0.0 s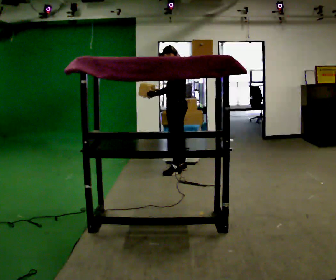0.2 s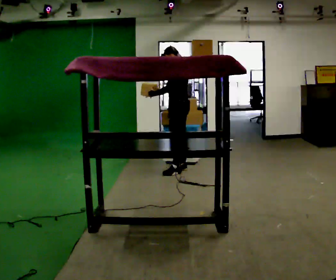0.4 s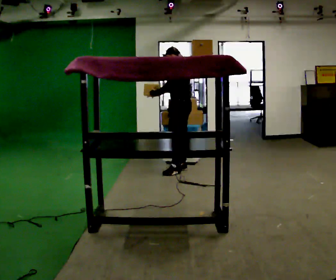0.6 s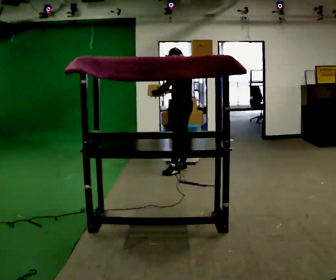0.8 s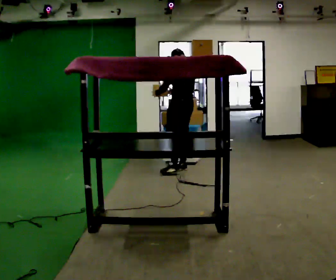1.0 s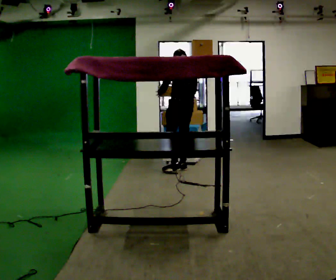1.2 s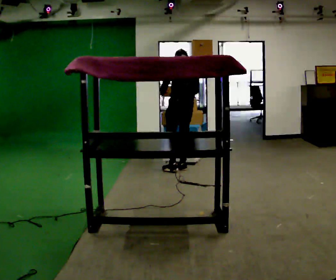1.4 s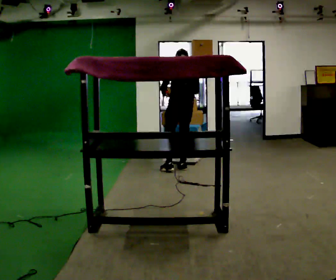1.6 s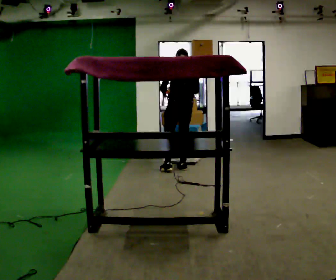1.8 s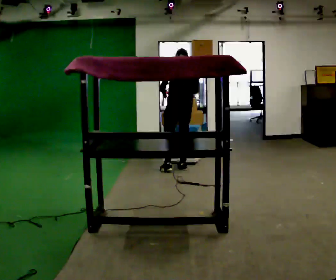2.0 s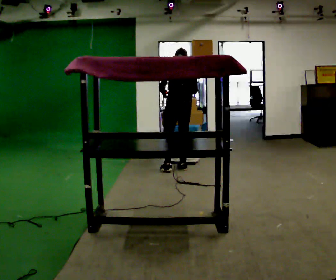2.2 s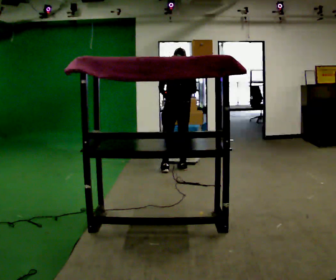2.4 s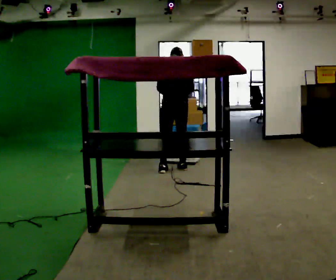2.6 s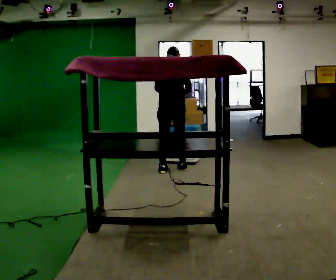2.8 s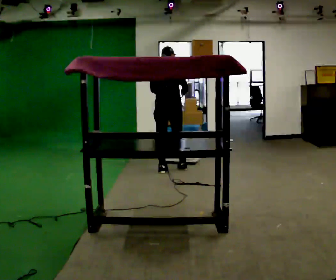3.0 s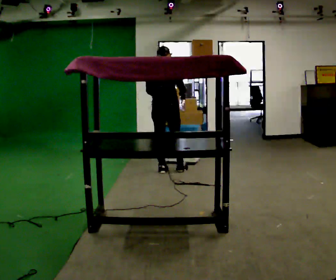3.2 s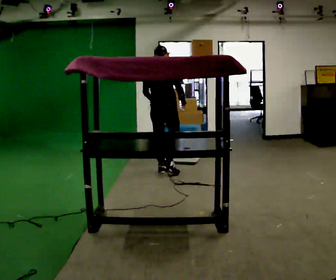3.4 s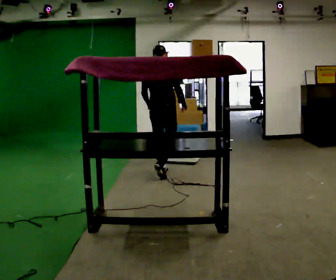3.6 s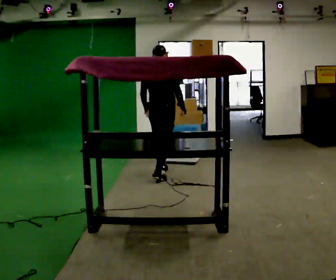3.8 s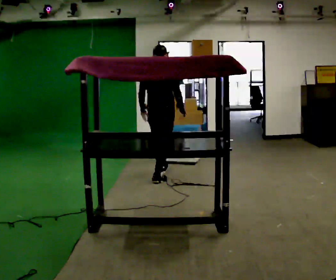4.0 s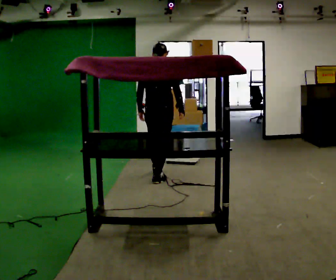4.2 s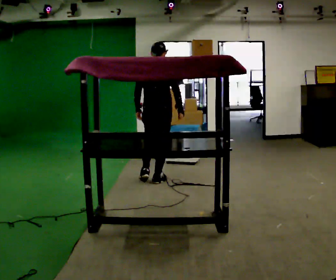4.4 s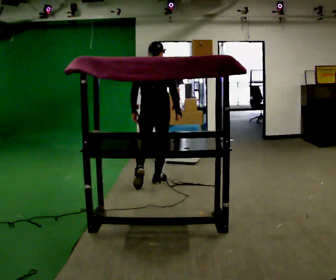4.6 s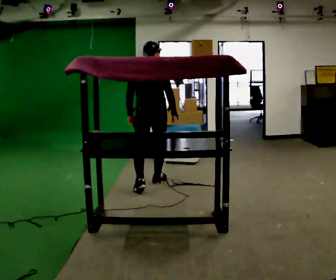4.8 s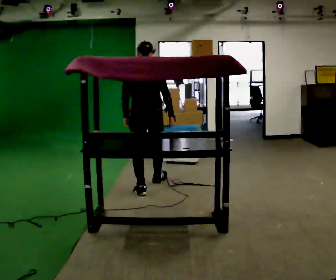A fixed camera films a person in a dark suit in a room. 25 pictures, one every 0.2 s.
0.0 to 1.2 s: The person turns about 45 degrees to their right, clockwise seen from above, so the part of the body nearest the lens slides to the left.
1.2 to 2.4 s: The person moves a little, or ends about where they began.
2.4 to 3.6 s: The part of the body nearest the lens slides to the left as the person turns to their right by about 30 degrees. In the picture they go toward the camera and to the left, about 0.25 m in 1 step, which for them is backward.
3.6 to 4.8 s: Seen from above the body turns counterclockwise, about 30 degrees: to their left, with its near side sliding to the right. In the picture they go toward the camera, about 0.5 m in 1 step, which for them is backward.
The film runs backward here.
